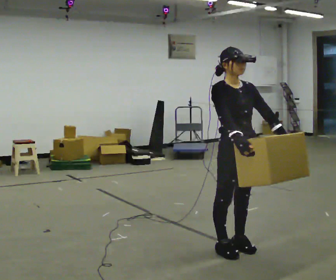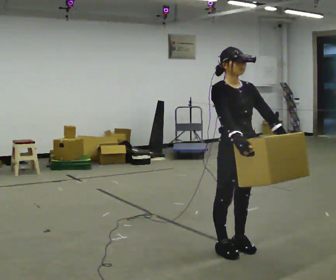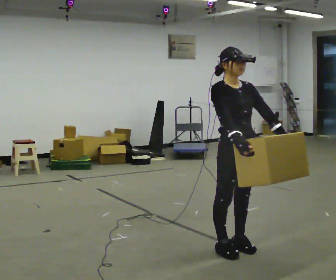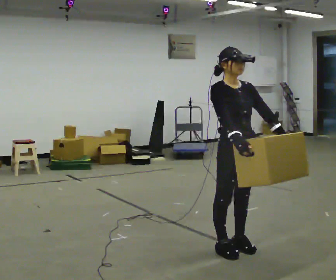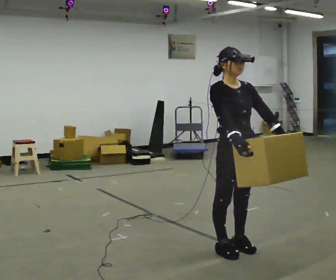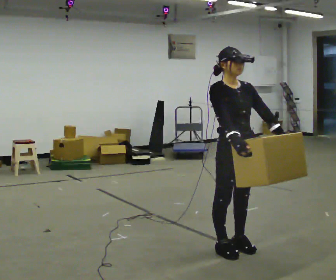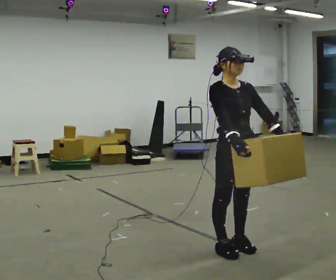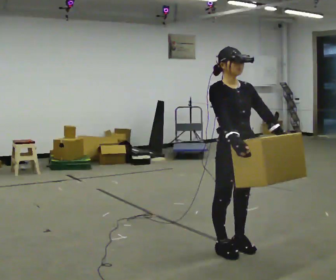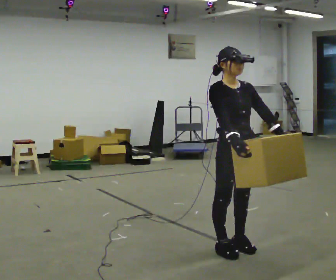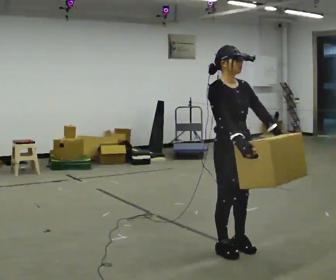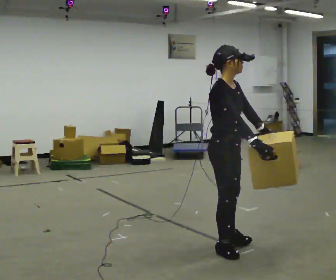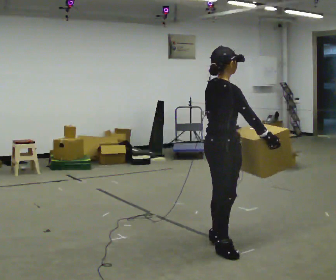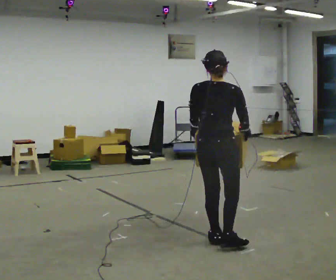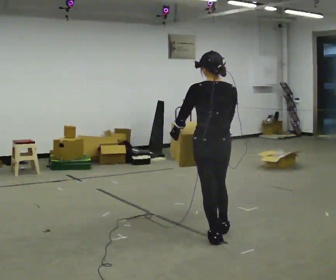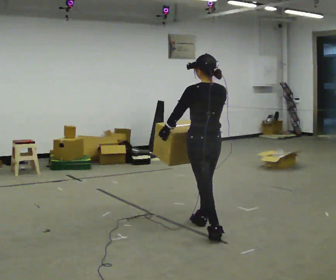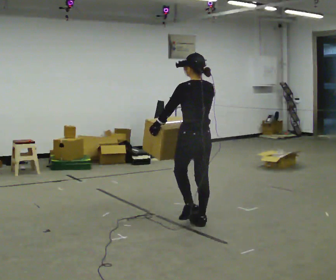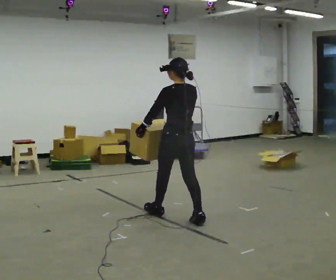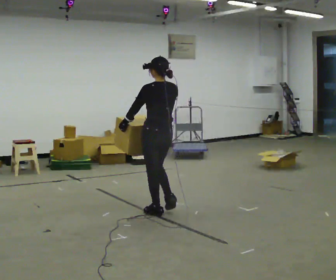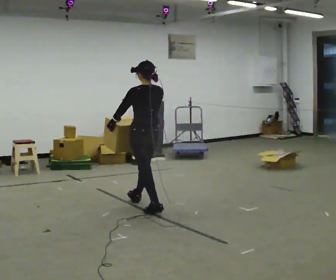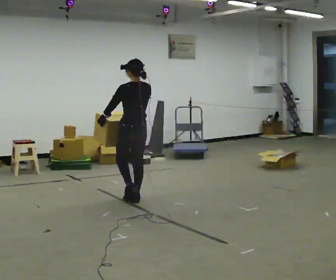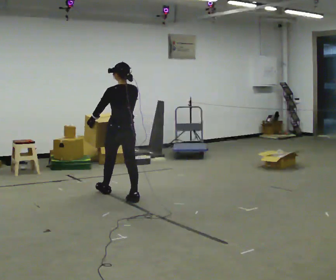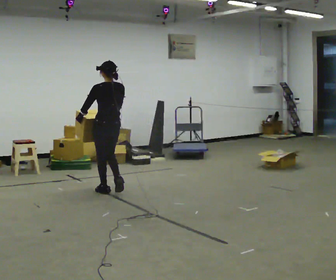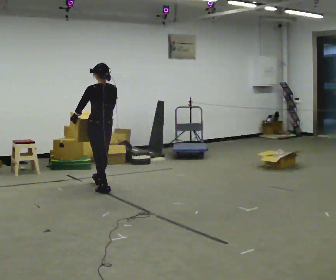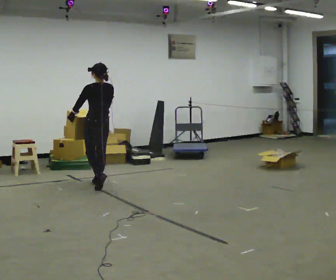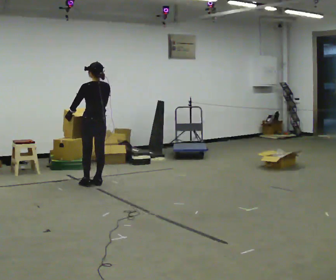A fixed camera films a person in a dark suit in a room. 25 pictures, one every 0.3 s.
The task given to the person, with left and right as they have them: Carry the heavy box in both hands in front of you, walking back and forth across the room. Keep walking until the operator says stop. Set it down if you need a rest.
0.0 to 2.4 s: The person keeps their place and pose.
2.4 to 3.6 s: The person turns about 120 degrees to their left, counterclockwise seen from above, so the part of the body nearest the lens slides to the right. In the picture they go away from the camera, about 0.25 m in 1 step.
3.6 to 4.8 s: The person turns about 60 degrees to their left, counterclockwise seen from above, so the part of the body nearest the lens slides to the right. In the picture they go away from the camera and to the left, about 1 m in 1 step.
4.8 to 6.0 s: In the picture they go to the left and away from the camera, about 1 m in 2 steps, which for them is forward.
6.0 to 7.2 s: In the picture they go away from the camera and to the left, about 0.5 m in 2 steps, which for them is forward.
The film runs forward here.
